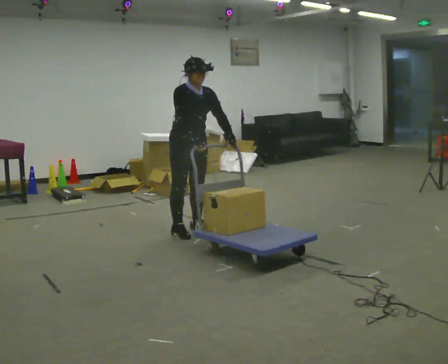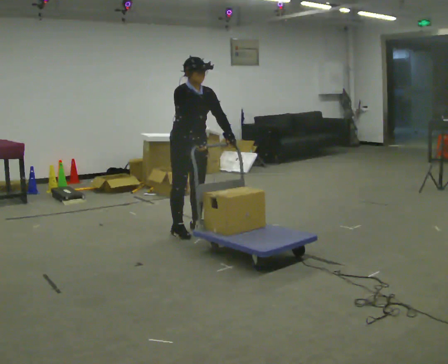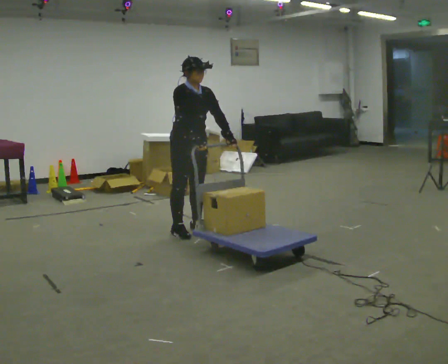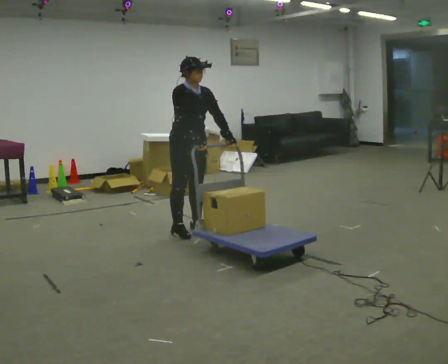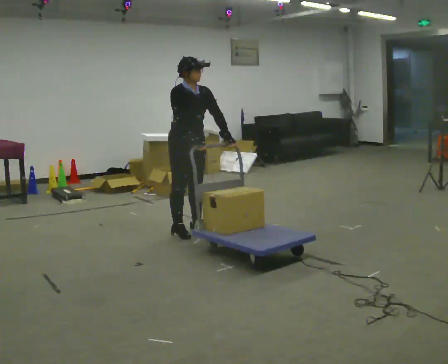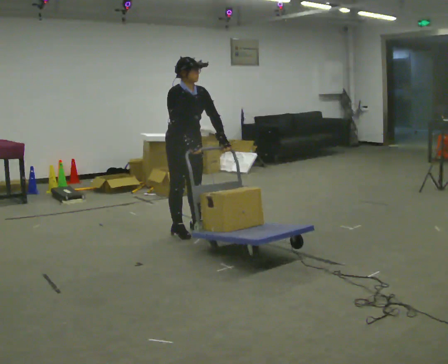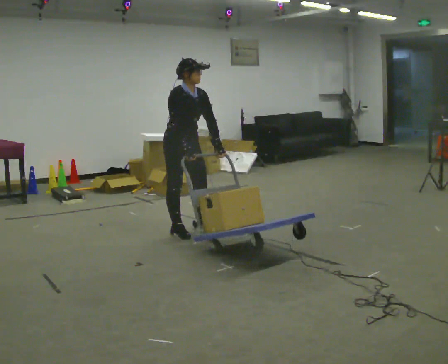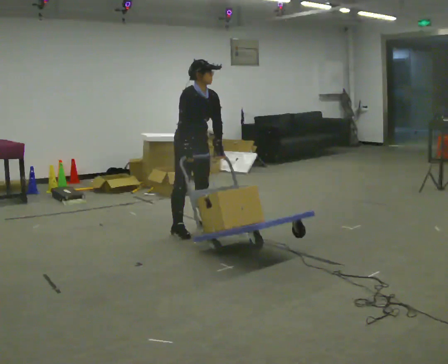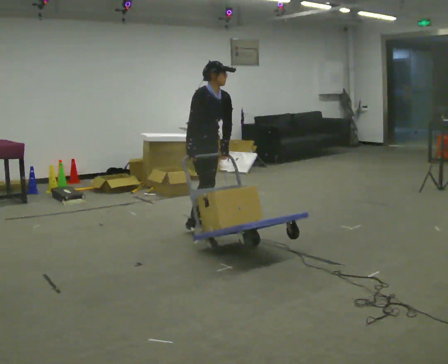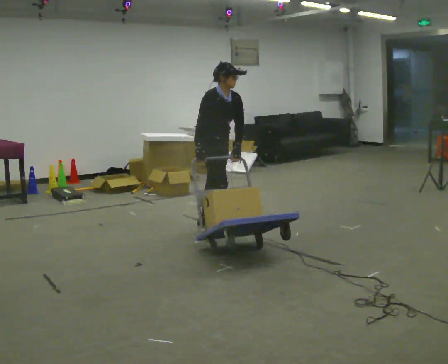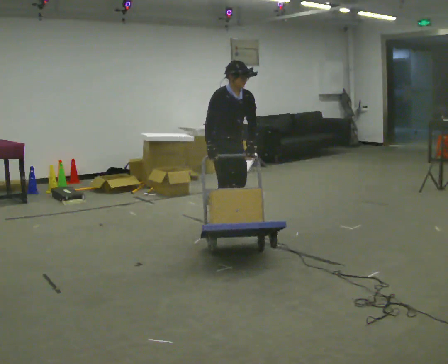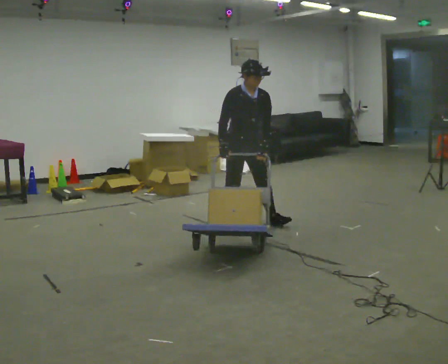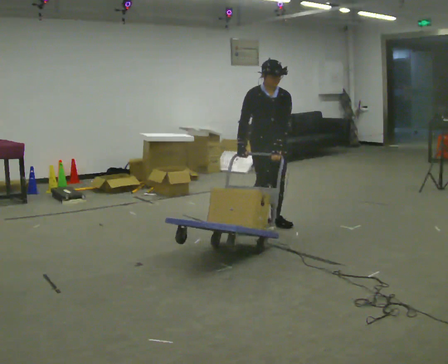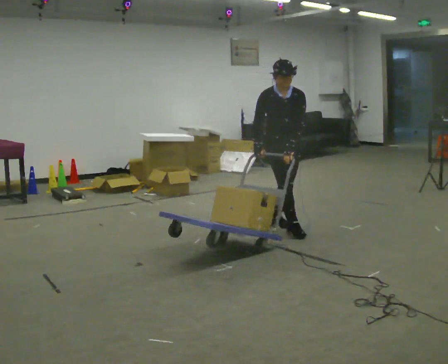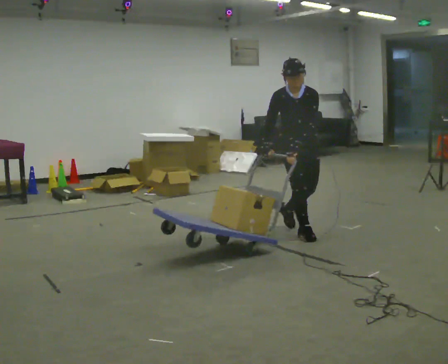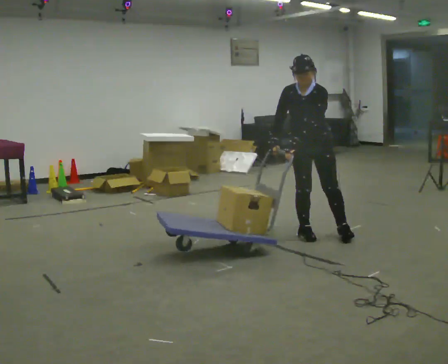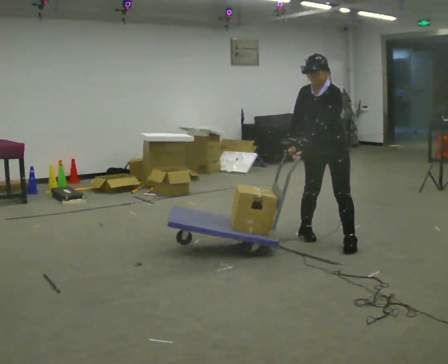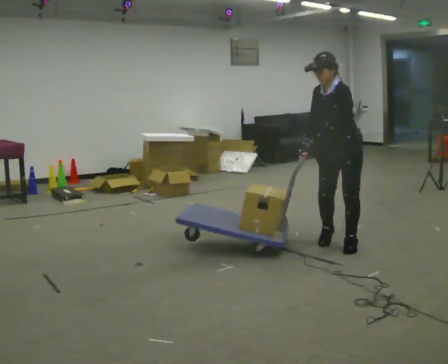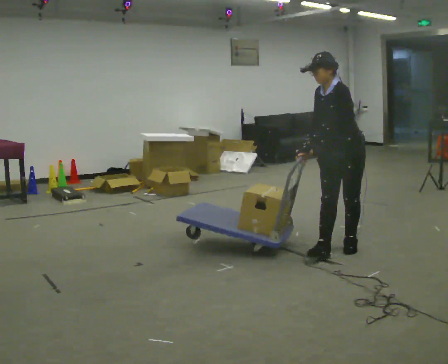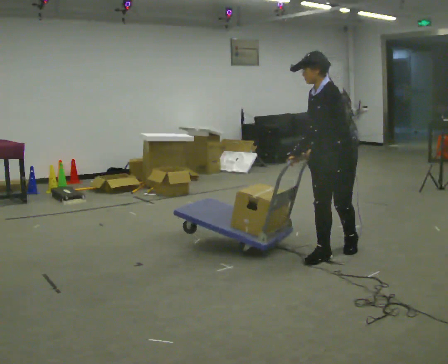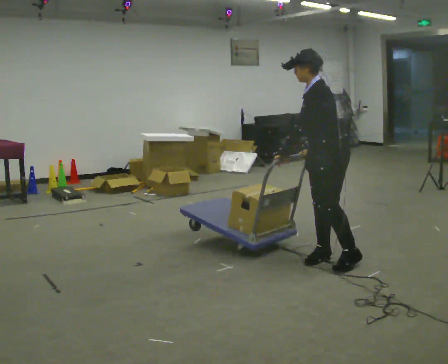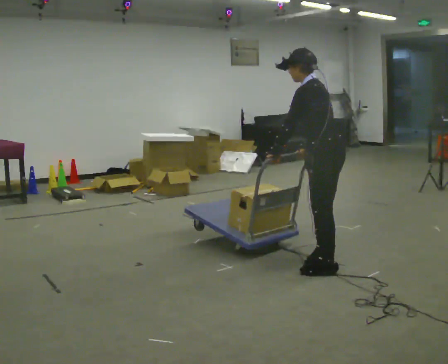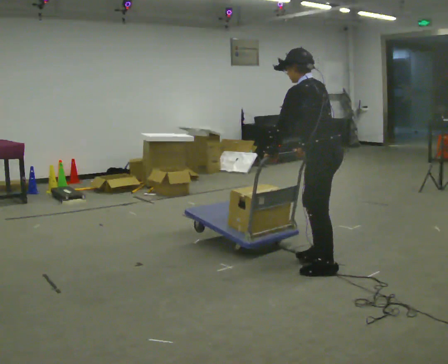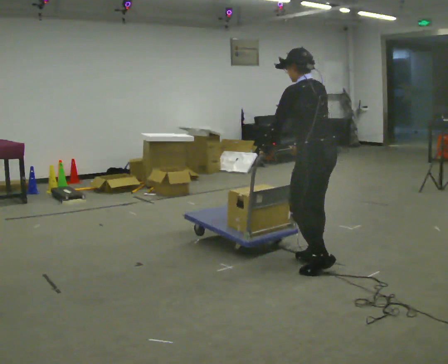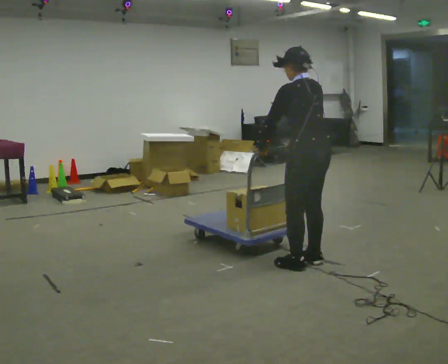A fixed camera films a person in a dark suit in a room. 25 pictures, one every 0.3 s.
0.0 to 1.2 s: The person moves a little, or ends about where they began.
1.2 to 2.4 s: In the picture they go away from the camera, about 0.25 m, which for them is to their left.
2.4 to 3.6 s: The part of the body nearest the lens slides to the left as the person turns to their right by about 30 degrees. In the picture they go to the right, about 0.5 m in 2 steps, which for them is to their left and forward.
3.6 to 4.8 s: The part of the body nearest the lens slides to the left as the person turns to their right by about 45 degrees. In the picture they go to the right and toward the camera, about 0.5 m in 2 steps, which for them is forward and to their left.
4.8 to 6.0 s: Seen from above the body turns clockwise, about 45 degrees: to their right, with its near side sliding to the left. In the picture they go toward the camera, about 0.5 m in 1 step, which for them is to their left and forward.
6.0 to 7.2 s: The person turns about 60 degrees to their right, clockwise seen from above, so the part of the body nearest the lens slides to the left. In the picture they go to the left, about 0.25 m in 2 steps, which for them is to their left.
The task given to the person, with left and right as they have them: Turn the cart round to face the other way without moving it out of the marked square, then turn it back. Repeat until the operator says stop.
The film runs forward here.
